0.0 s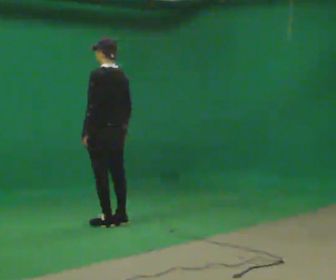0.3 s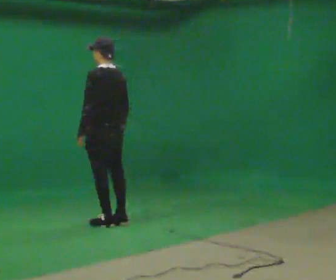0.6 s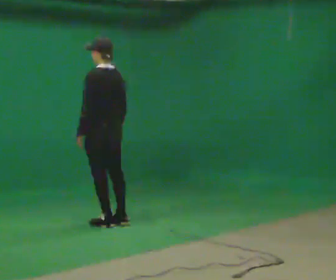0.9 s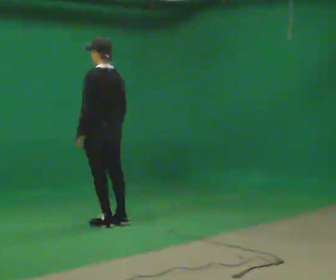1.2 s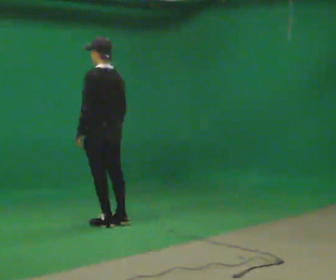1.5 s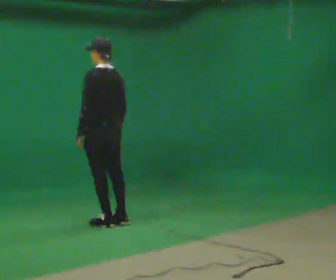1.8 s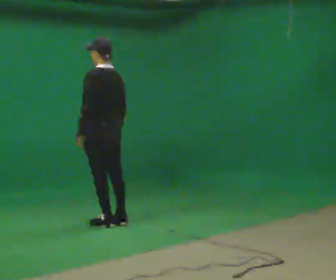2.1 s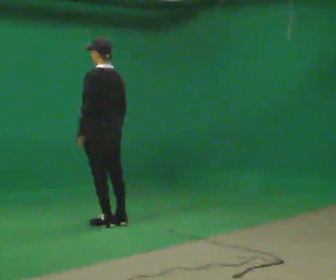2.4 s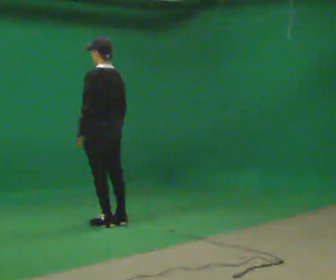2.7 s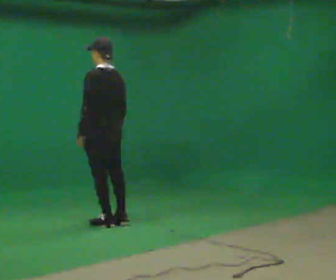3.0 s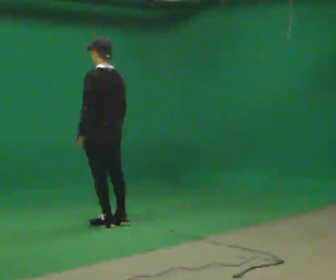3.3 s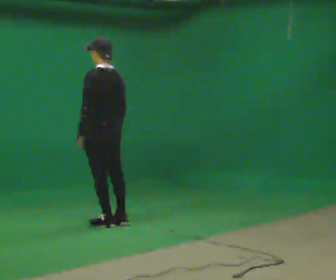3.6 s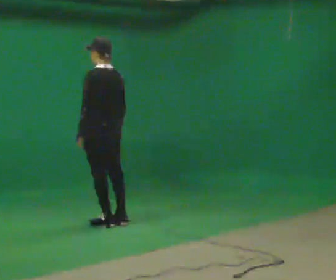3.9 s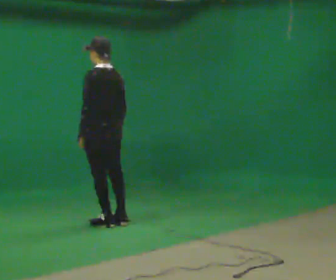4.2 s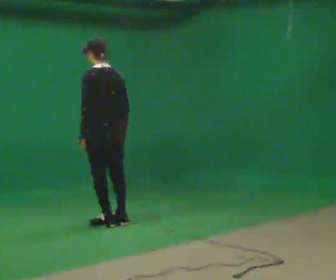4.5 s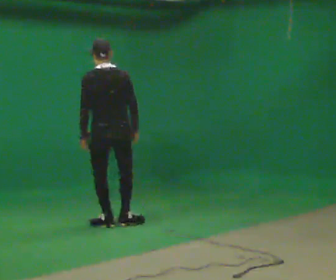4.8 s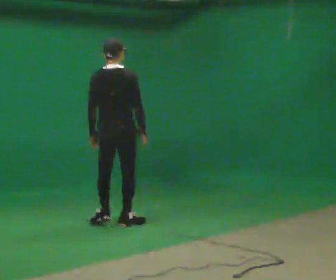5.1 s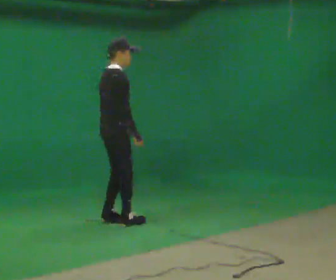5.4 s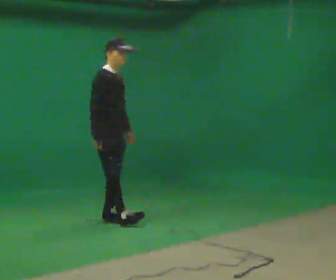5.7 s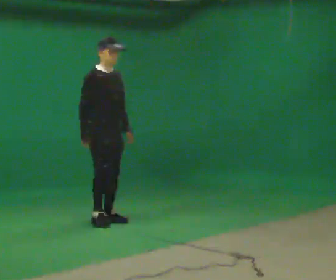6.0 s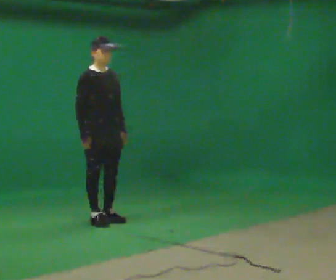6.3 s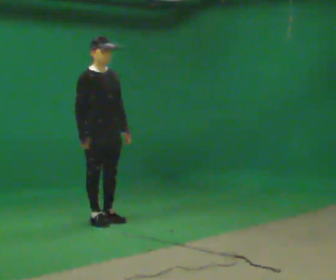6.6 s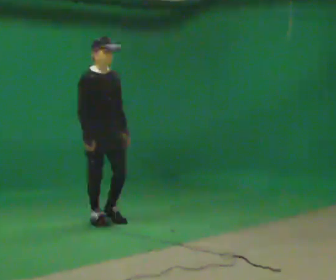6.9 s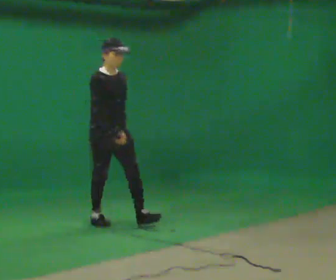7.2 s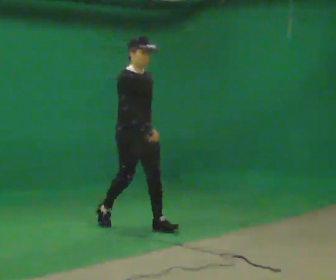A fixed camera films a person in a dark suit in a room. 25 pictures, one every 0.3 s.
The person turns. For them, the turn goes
to their right.
The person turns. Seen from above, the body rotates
clockwise.
0.0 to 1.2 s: The person moves a little, or ends about where they began.
1.2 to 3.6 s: The person keeps their place and pose.
3.6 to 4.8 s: Seen from above the body turns clockwise, about 75 degrees: to their right, with its near side sliding to the left.
4.8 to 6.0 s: The person turns about 120 degrees to their right, clockwise seen from above, so the part of the body nearest the lens slides to the left. In the picture they go to the left, about 0.25 m in 2 steps.
6.0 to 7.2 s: In the picture they go toward the camera and to the right, about 0.5 m in 1 step, which for them is forward.
The film runs forward here.
